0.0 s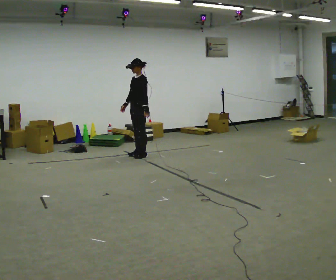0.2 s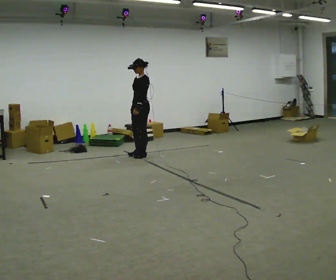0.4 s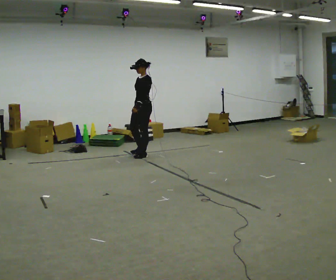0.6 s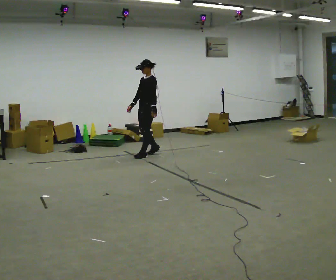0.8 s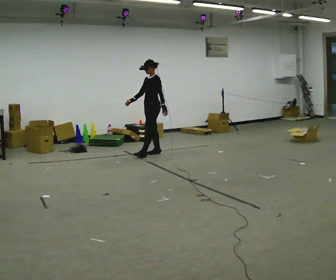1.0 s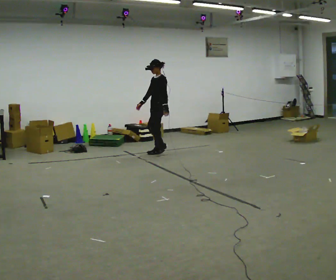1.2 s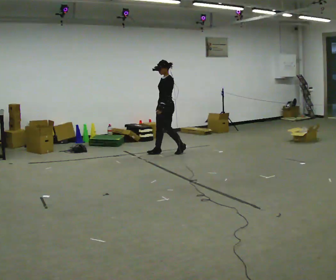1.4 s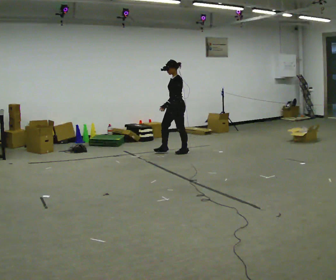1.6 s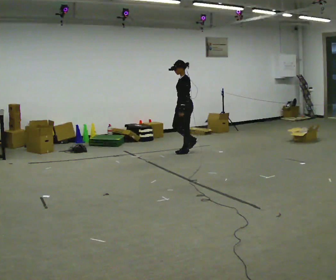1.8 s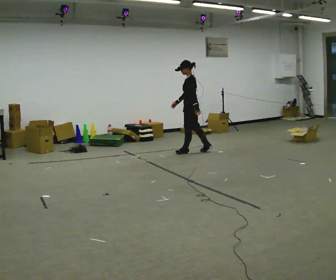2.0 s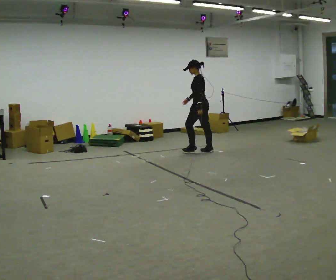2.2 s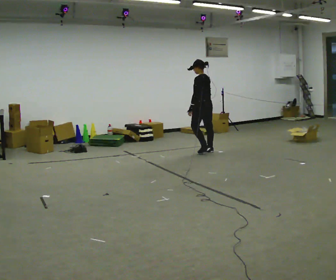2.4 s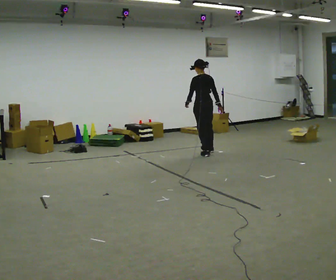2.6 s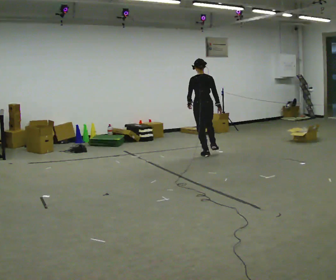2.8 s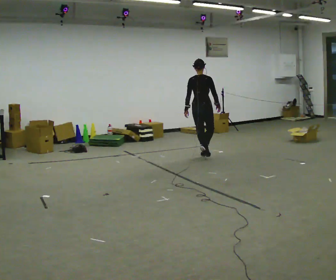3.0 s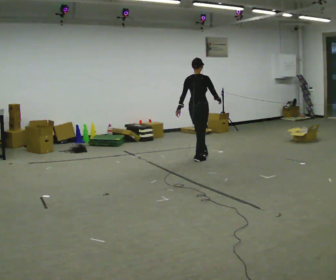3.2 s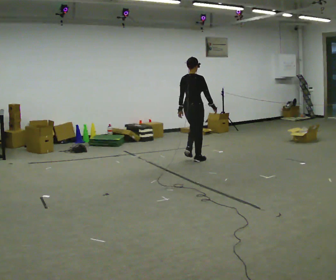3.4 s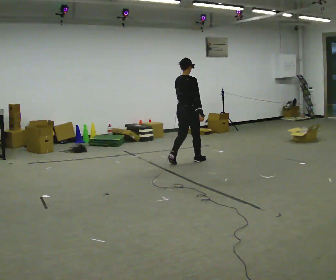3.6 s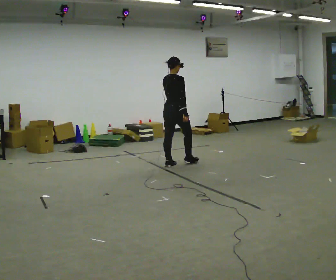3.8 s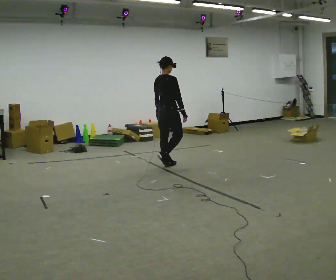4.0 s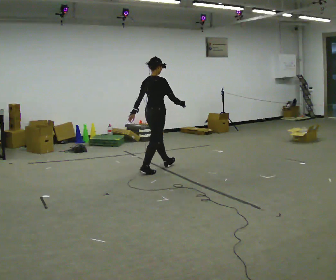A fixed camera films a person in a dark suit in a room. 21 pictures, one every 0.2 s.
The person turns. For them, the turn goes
to their right.
The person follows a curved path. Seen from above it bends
clockwise.
0.0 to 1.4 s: In the picture they go to the right and away from the camera, about 0.5 m in 3 steps, which for them is backward.
1.4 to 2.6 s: The part of the body nearest the lens slides to the left as the person turns to their right by about 90 degrees. In the picture they go to the right and toward the camera, about 0.5 m in 2 steps.
2.6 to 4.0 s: The person turns about 60 degrees to their right, clockwise seen from above, so the part of the body nearest the lens slides to the left. In the picture they go toward the camera and to the left, about 1 m in 2 steps, which for them is backward.
The film runs backward here.
